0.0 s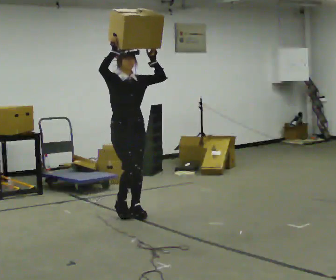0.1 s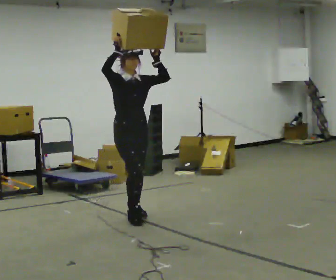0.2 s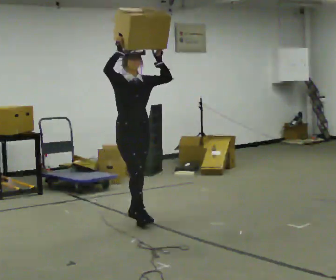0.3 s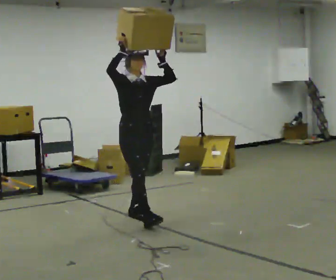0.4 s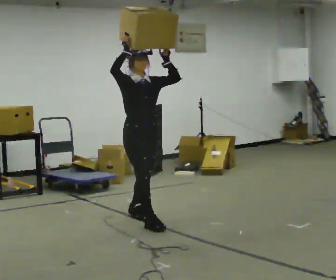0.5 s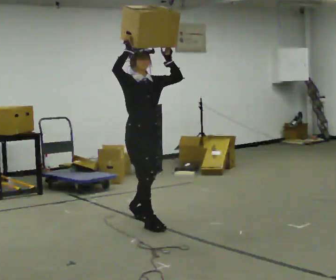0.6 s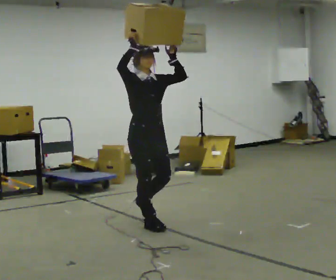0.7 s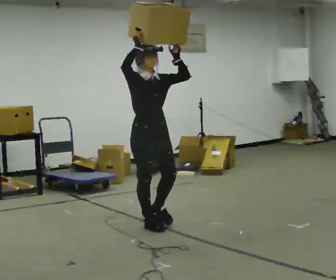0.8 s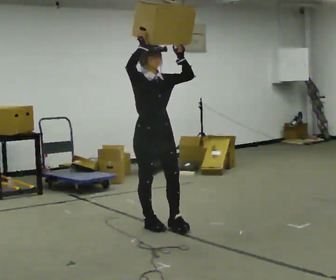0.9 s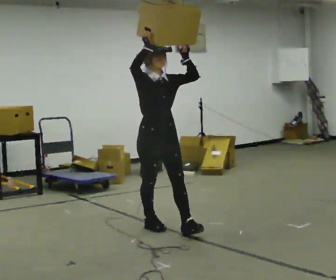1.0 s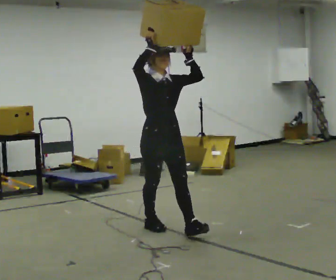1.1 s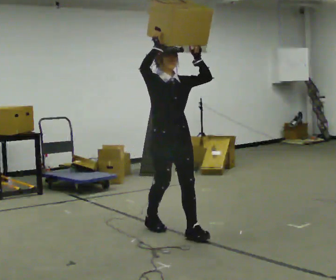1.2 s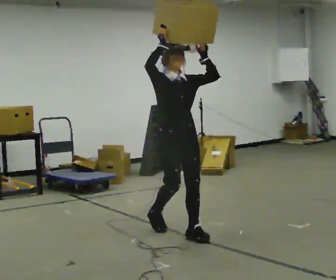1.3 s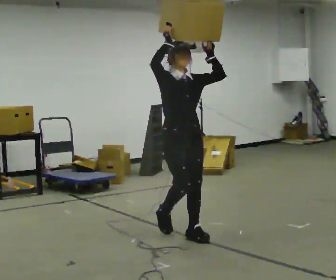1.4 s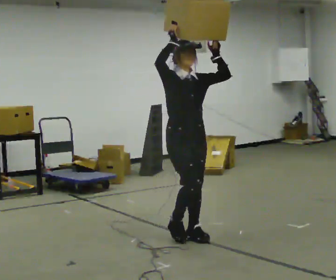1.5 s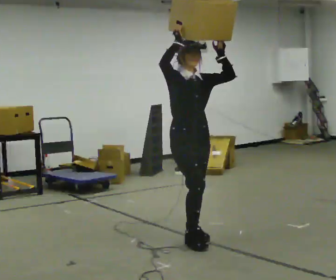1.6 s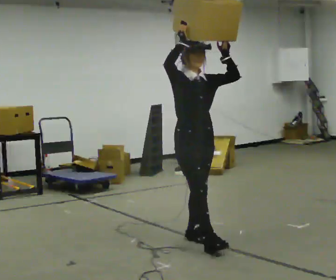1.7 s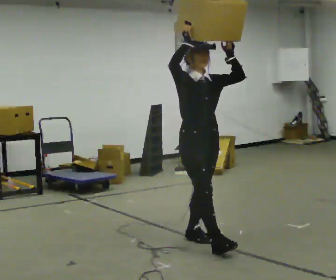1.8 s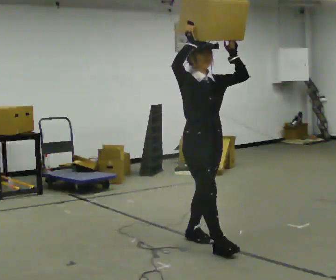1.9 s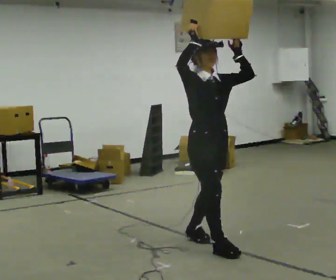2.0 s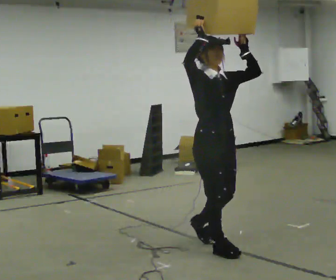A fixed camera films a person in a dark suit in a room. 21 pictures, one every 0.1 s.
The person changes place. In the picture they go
toward the camera.
0.0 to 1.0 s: In the picture they go toward the camera and to the right, about 0.75 m in 1 step, which for them is forward.
1.0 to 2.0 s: In the picture they go toward the camera and to the right, about 0.5 m in 2 steps, which for them is forward.
The film runs forward here.
